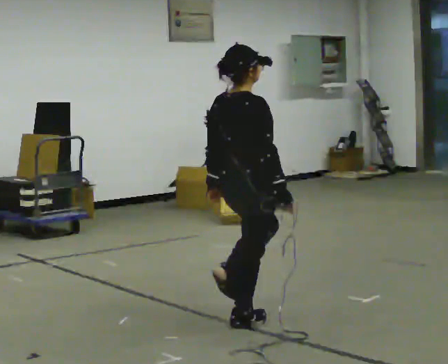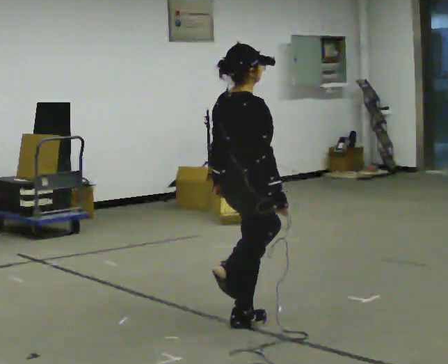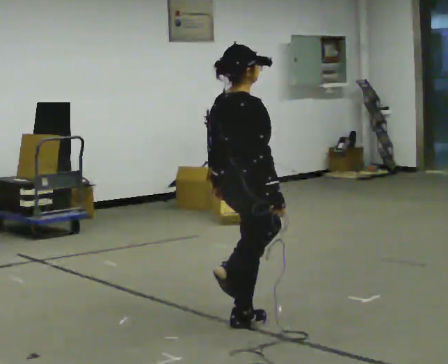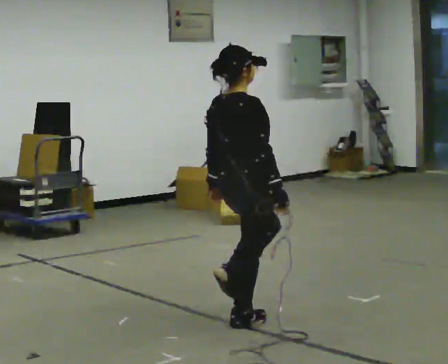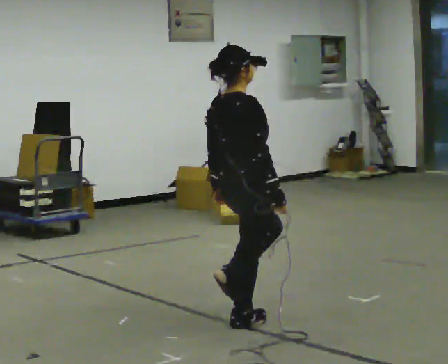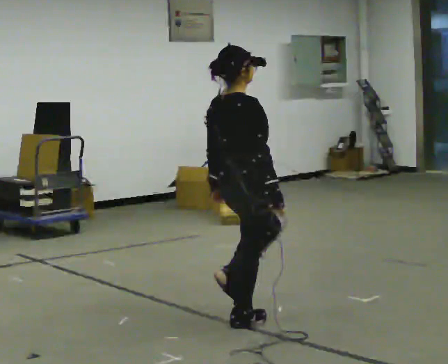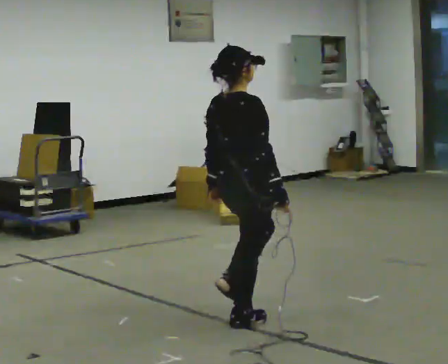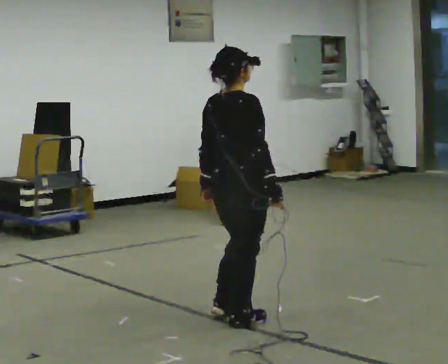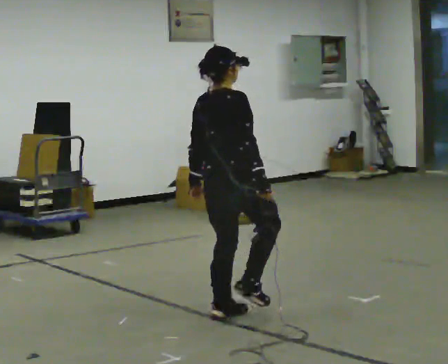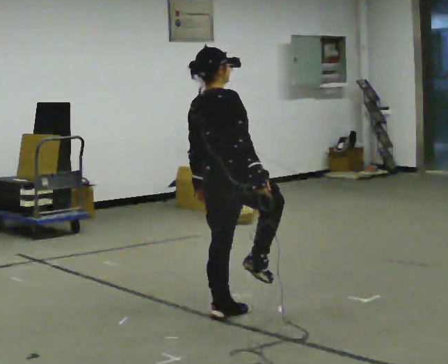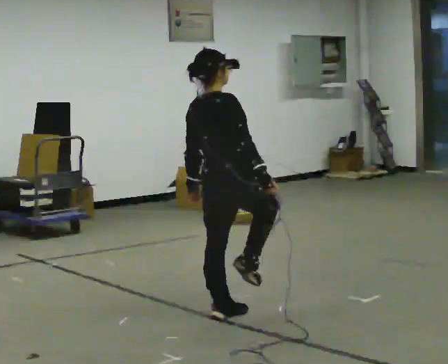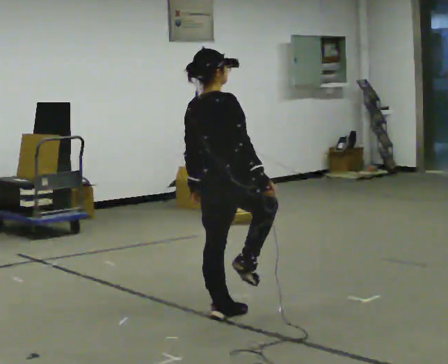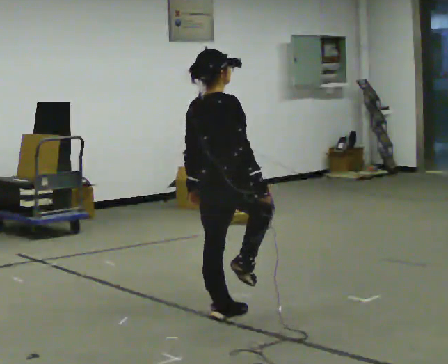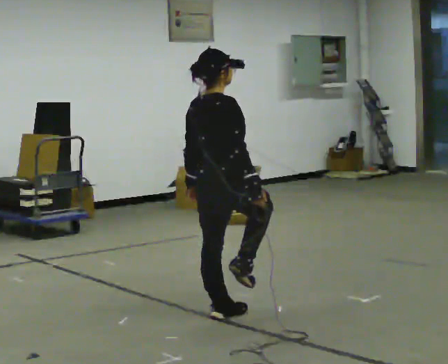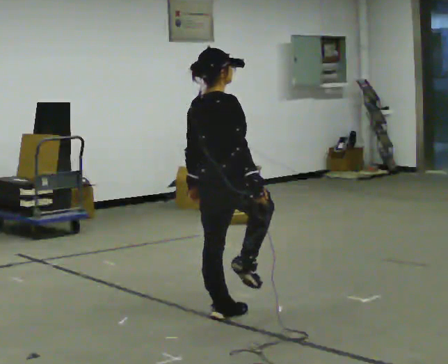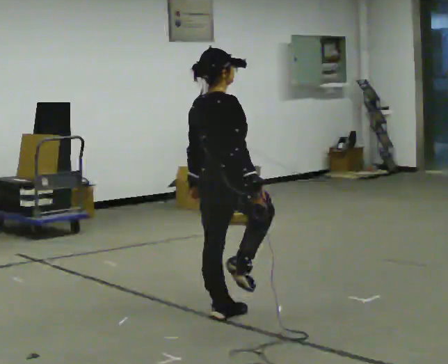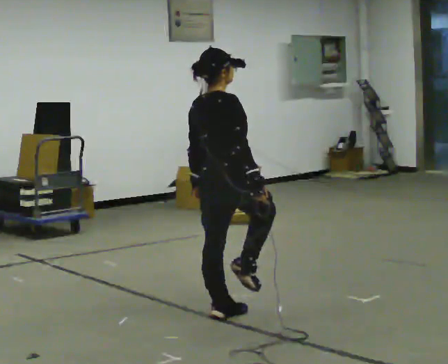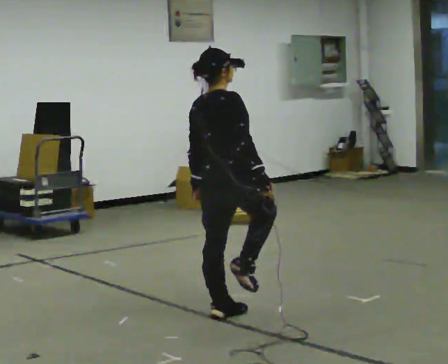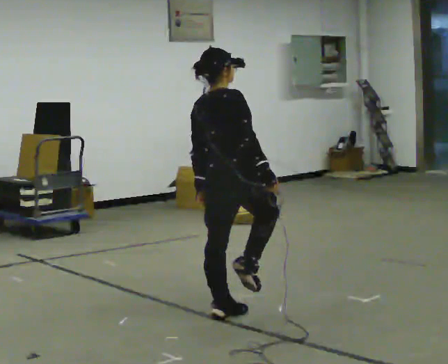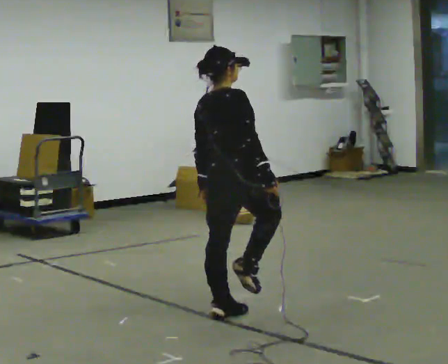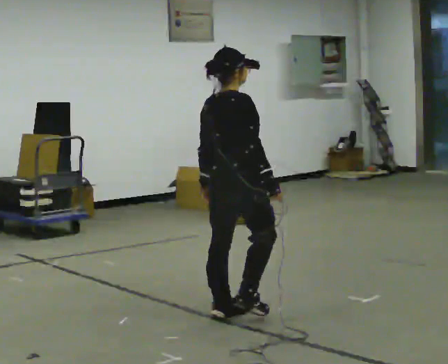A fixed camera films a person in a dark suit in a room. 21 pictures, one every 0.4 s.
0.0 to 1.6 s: The person moves a little, or ends about where they began.
1.6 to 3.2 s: In the picture they go away from the camera, about 0.25 m, which for them is to their left.
3.2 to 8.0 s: The person moves a little, or ends about where they began.
The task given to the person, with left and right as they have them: Stand on one foot on the marked spot, on the side the operator calls. Hold it until you genuinely lose your balance, then put the other foot down. Repeat at your own pace until the operator says stop. Go slowly and only as far as you are comfortable. Step whenever you need to; do not try to hold on longer than feels safe.
The film runs forward here.
